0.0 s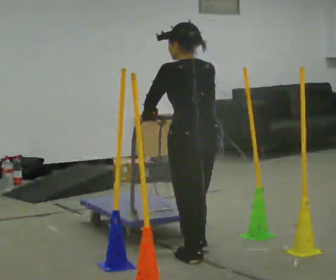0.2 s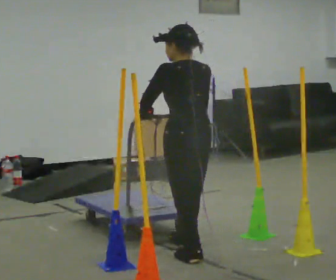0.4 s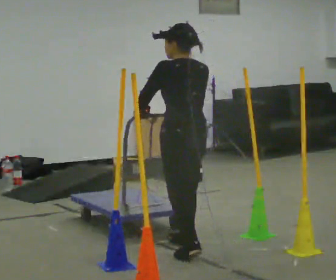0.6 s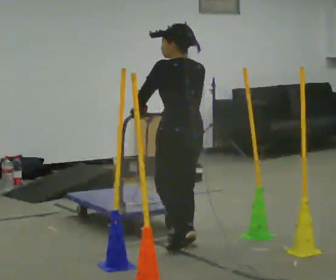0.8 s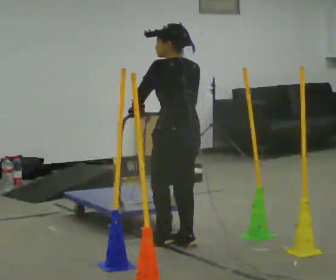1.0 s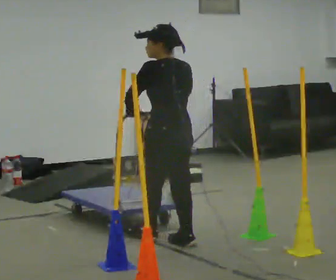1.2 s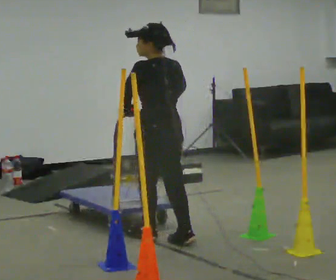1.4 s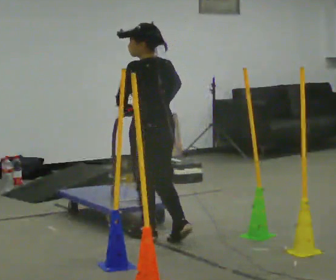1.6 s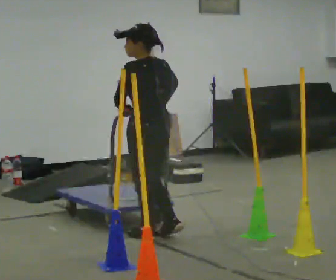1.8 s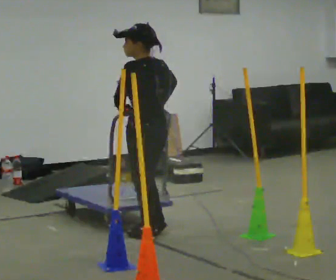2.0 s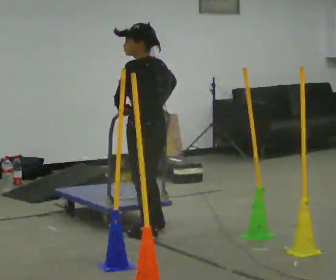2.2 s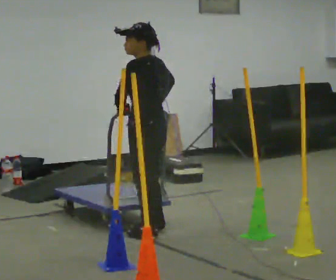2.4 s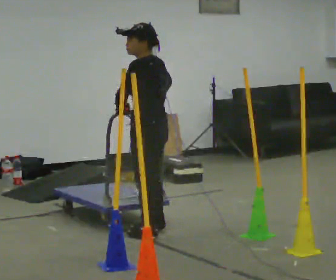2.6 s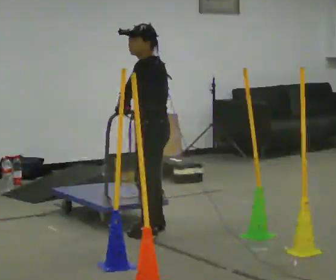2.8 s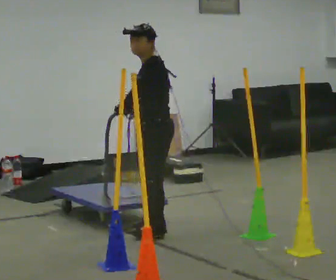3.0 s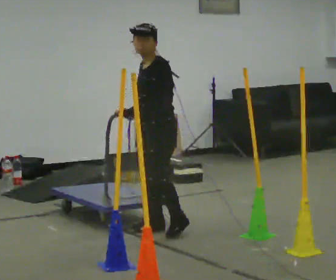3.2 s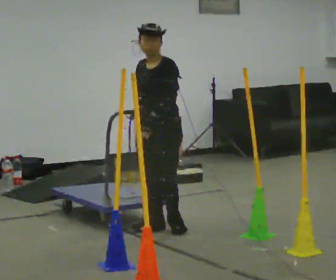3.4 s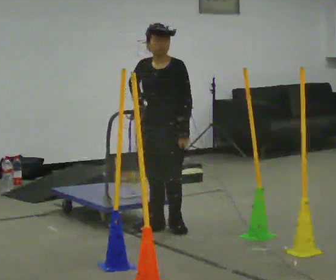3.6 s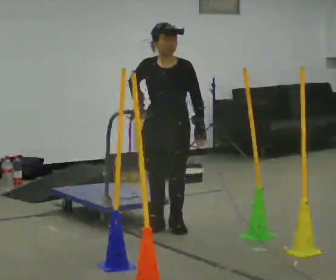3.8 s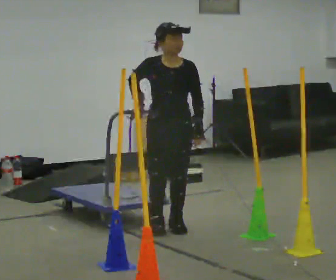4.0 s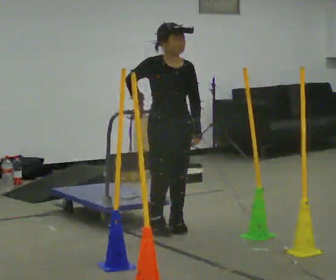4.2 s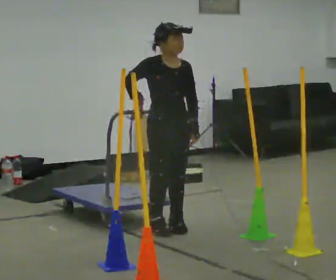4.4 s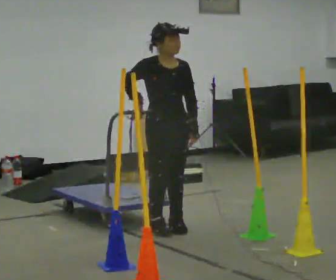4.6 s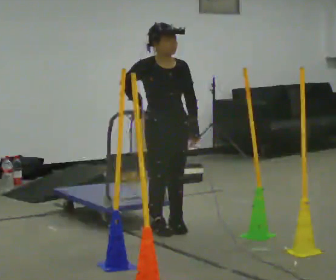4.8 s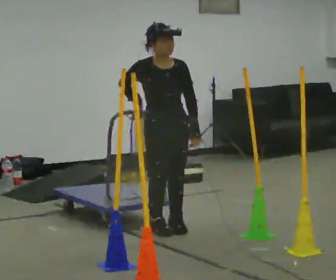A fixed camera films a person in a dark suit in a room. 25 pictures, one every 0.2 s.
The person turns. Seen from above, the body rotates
counterclockwise.
The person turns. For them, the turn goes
to their left.
0.0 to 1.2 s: In the picture they go away from the camera and to the left, about 0.5 m in 2 steps, which for them is forward.
1.2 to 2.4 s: Seen from above the body turns counterclockwise, about 30 degrees: to their left, with its near side sliding to the right. In the picture they go away from the camera, about 0.25 m in 1 step, which for them is forward and to their right.
2.4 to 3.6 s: Seen from above the body turns counterclockwise, about 105 degrees: to their left, with its near side sliding to the right. In the picture their left hand goes to the right, the arm swinging counterclockwise.
3.6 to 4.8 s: Seen from above the body turns counterclockwise, about 30 degrees: to their left, with its near side sliding to the right.
The film runs forward here.
